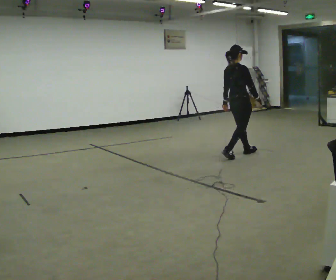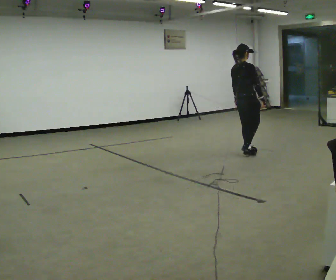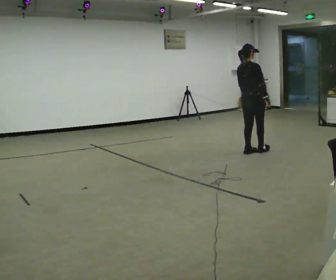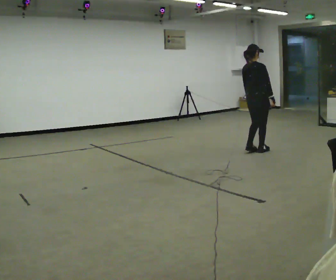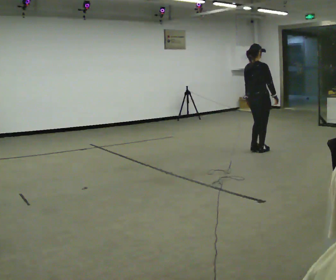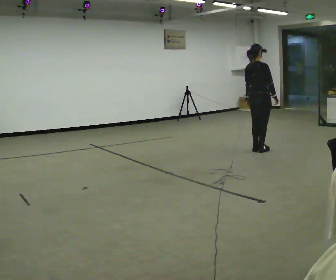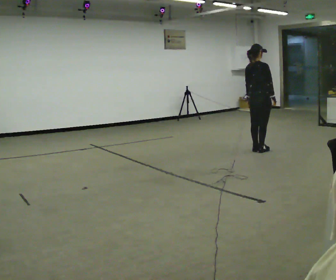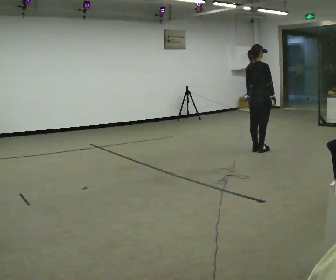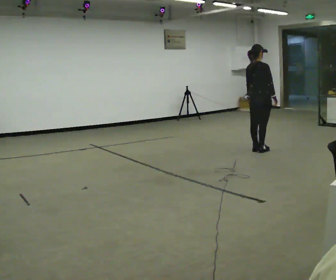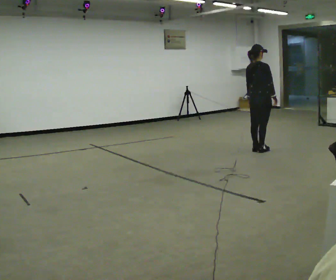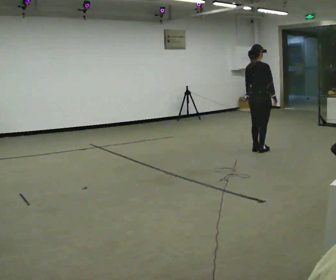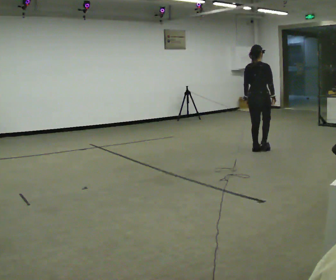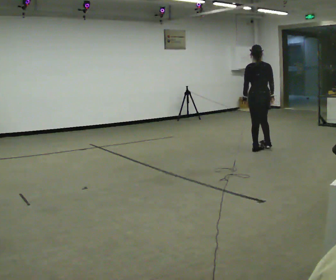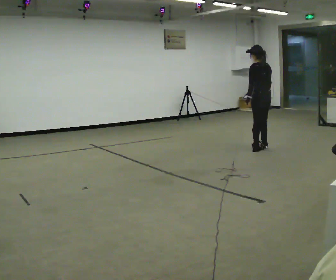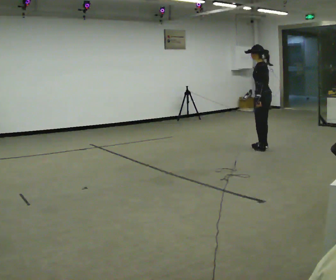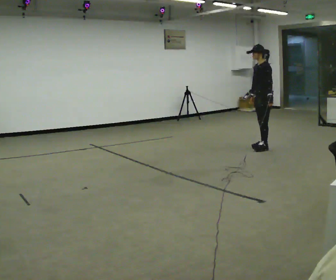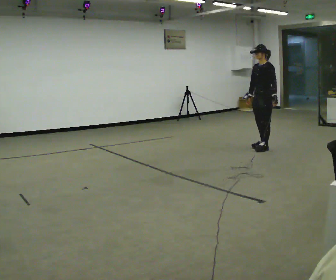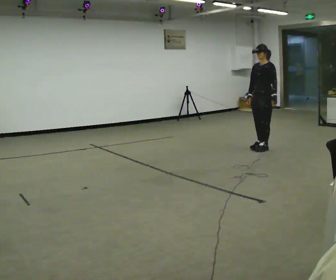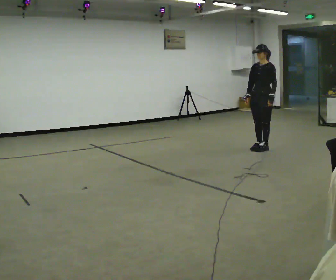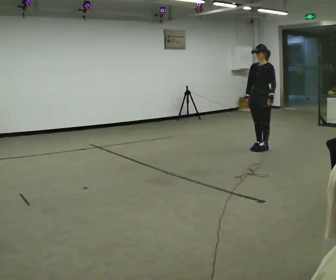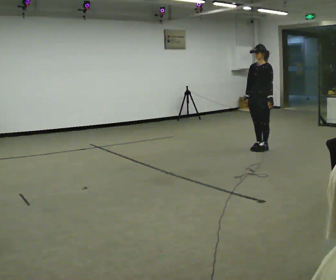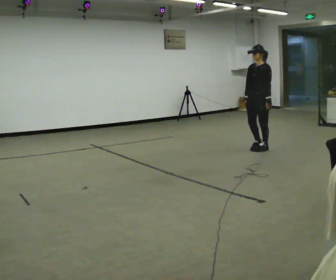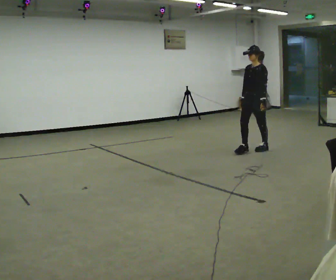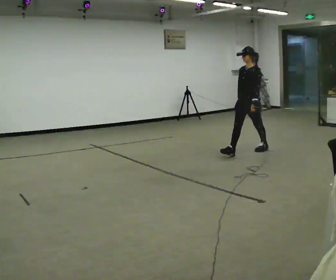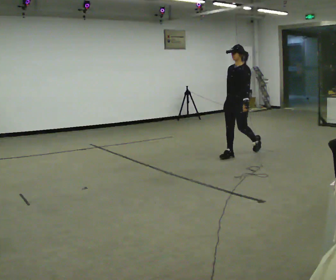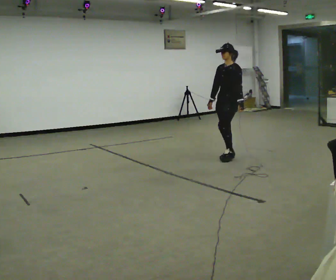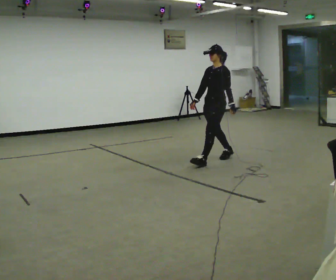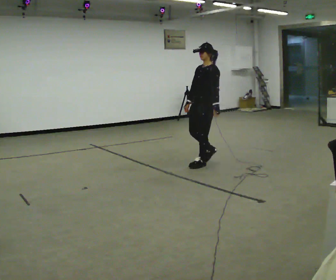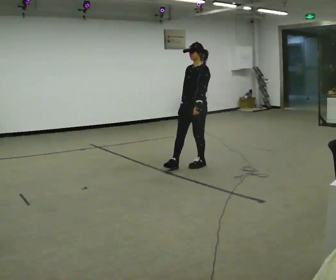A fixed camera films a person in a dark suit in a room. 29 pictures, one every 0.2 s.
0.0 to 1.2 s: In the picture they go to the right and away from the camera, about 0.5 m in 2 steps, which for them is forward.
1.2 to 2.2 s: The person moves a little, or ends about where they began.
2.2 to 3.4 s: The person turns about 165 degrees to their left, counterclockwise seen from above, so the part of the body nearest the lens slides to the right. In the picture their left hand goes to the right.
3.4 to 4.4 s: In the picture they go toward the camera, about 0.25 m, which for them is forward.
4.4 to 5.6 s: In the picture they go toward the camera and to the left, about 1 m in 2 steps, which for them is forward.
The film runs forward here.
